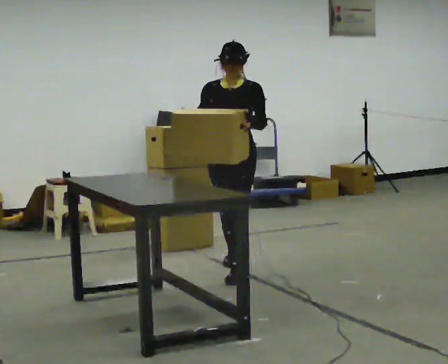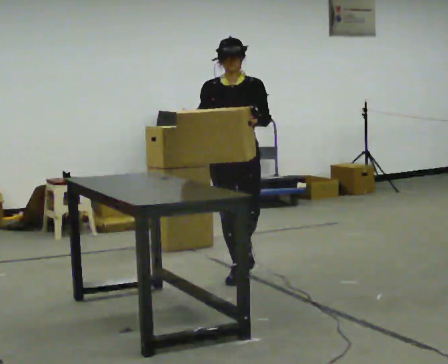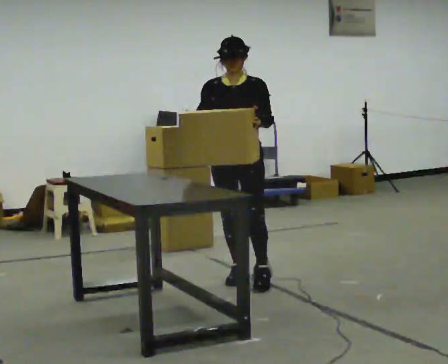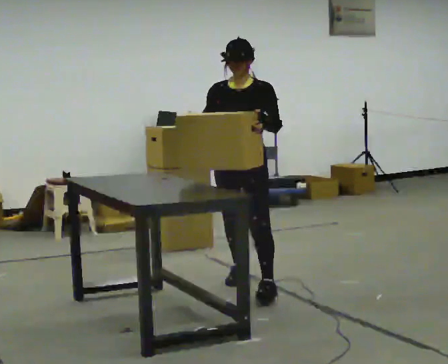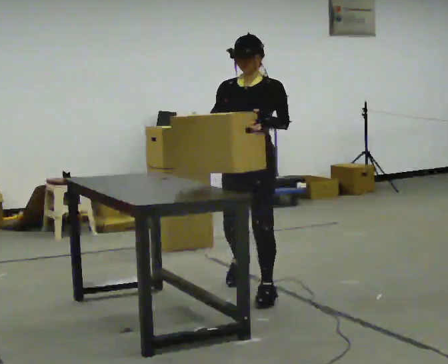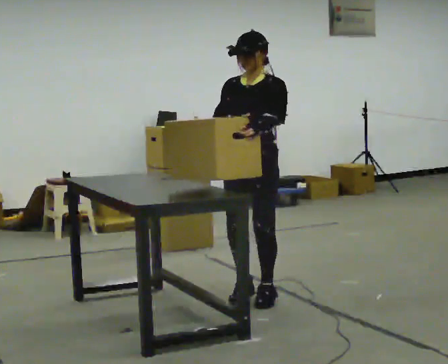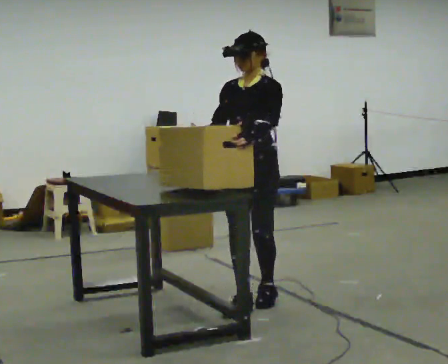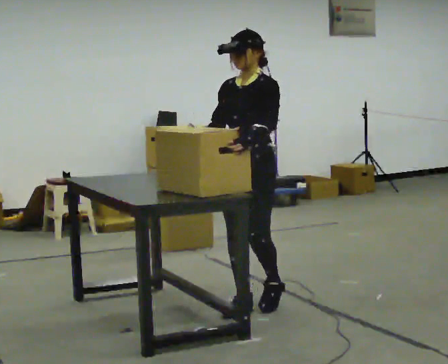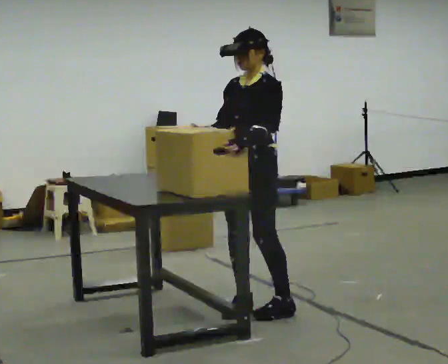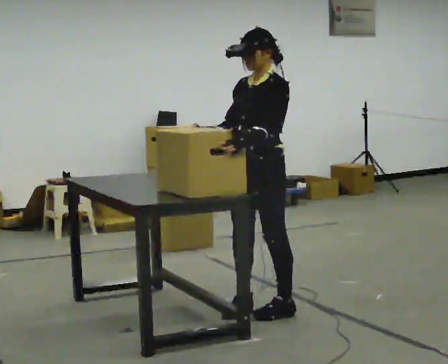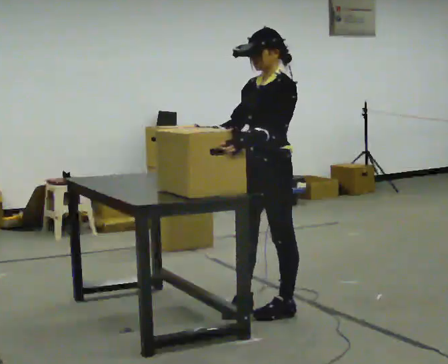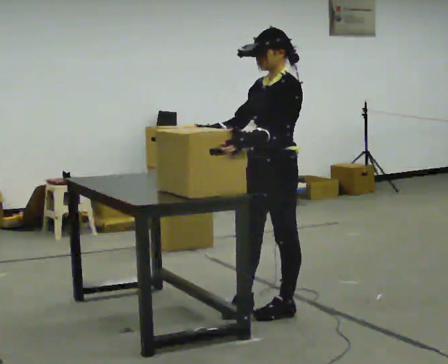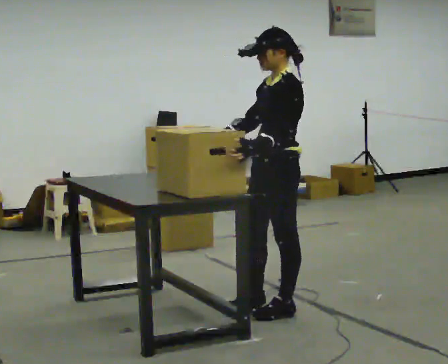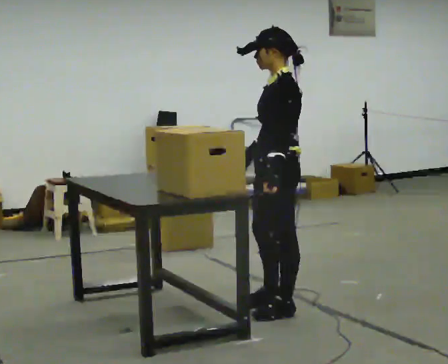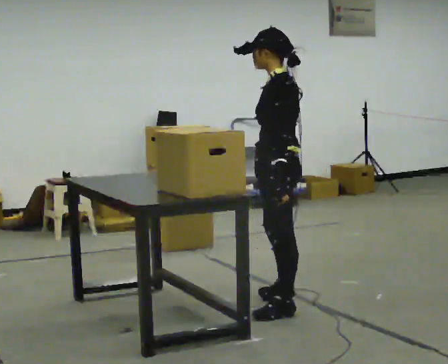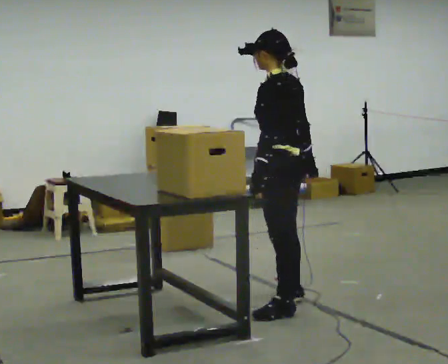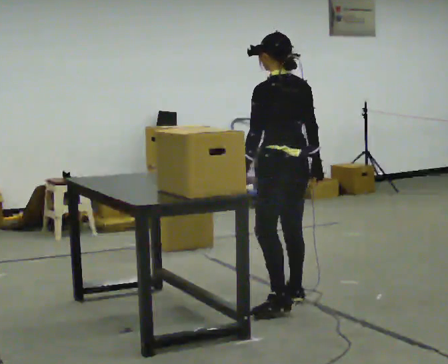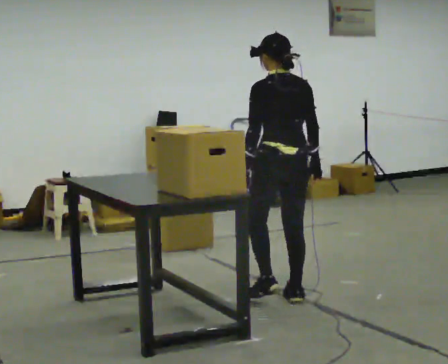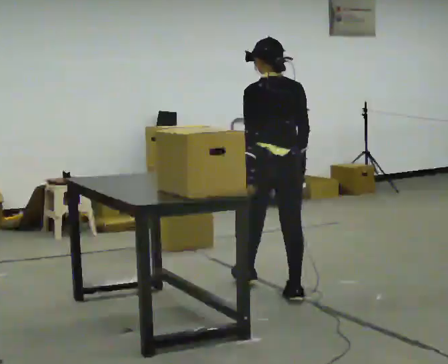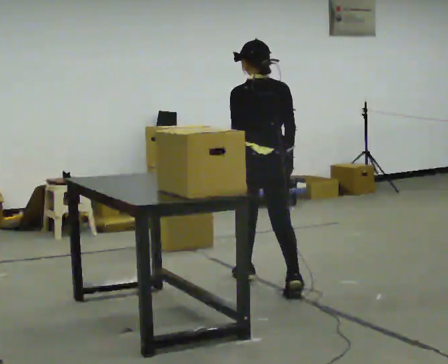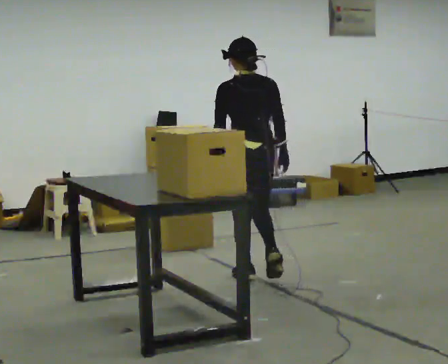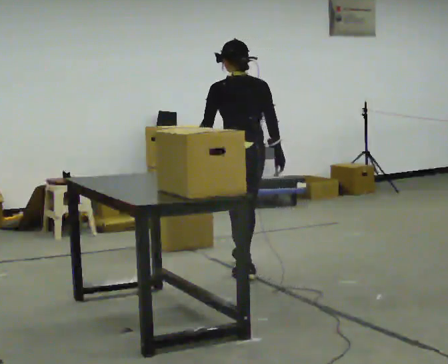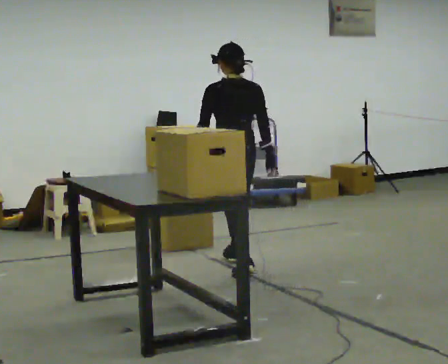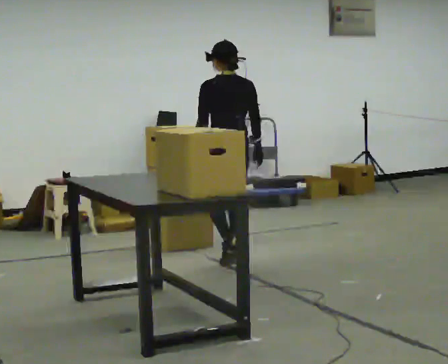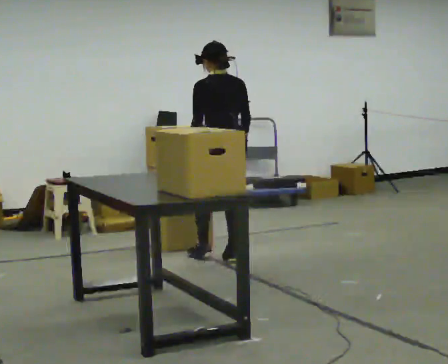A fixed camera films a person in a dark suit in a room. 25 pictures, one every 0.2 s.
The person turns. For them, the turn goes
to their right.
The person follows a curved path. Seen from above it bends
counterclockwise.
0.0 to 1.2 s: The person turns about 30 degrees to their right, clockwise seen from above, so the part of the body nearest the lens slides to the left. In the picture they go toward the camera, about 1 m in 2 steps, which for them is forward.
1.2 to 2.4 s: The part of the body nearest the lens slides to the left as the person turns to their right by about 45 degrees. In the picture they go toward the camera and to the right, about 0.25 m in 1 step, which for them is to their left.
2.4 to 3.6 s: The person turns about 90 degrees to their right, clockwise seen from above, so the part of the body nearest the lens slides to the left. In the picture they go away from the camera, about 0.5 m in 1 step.
3.6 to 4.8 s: In the picture they go away from the camera and to the left, about 1 m in 2 steps, which for them is forward.
The film runs forward here.
